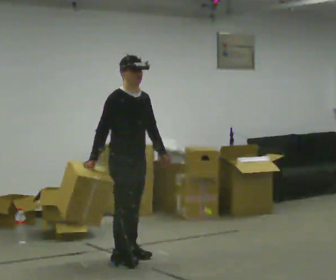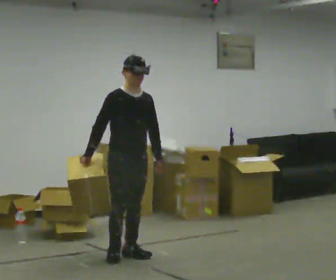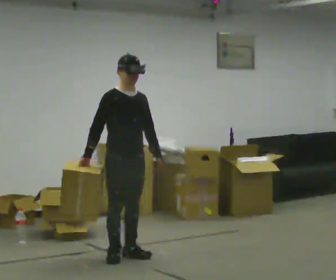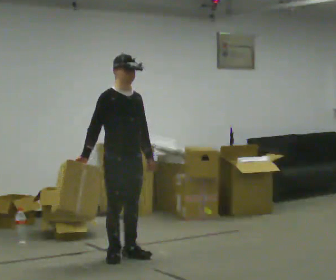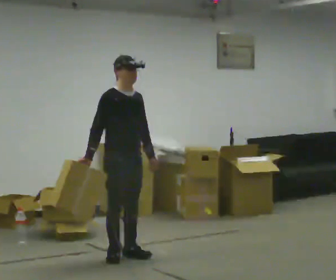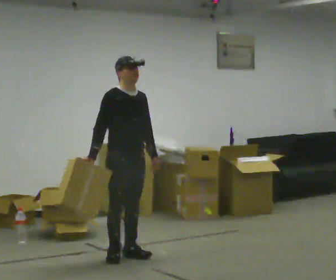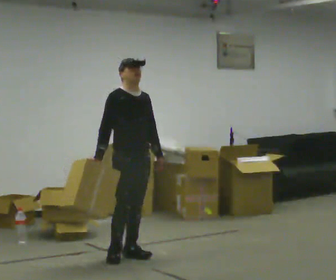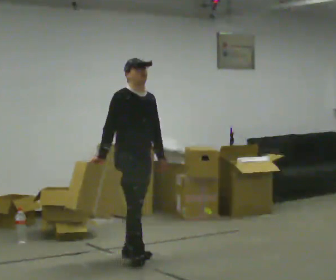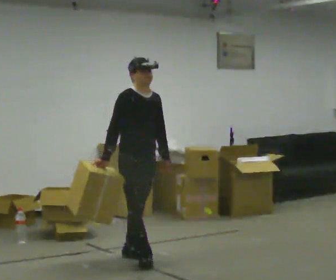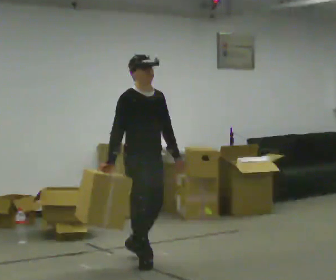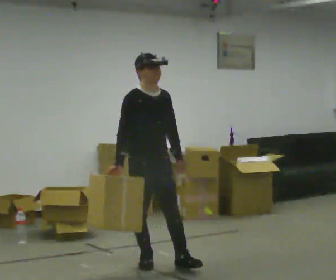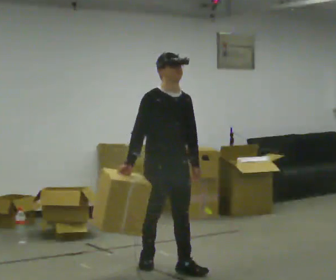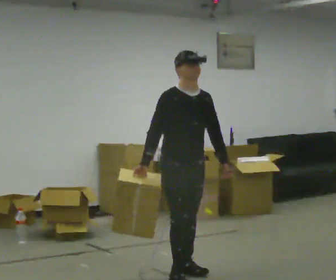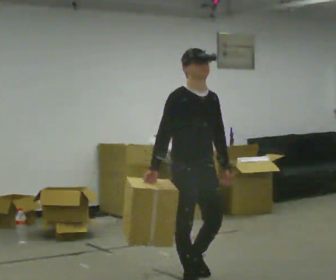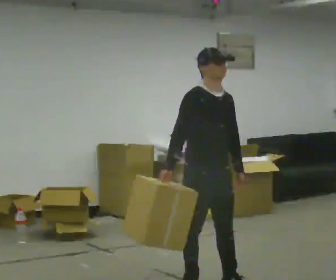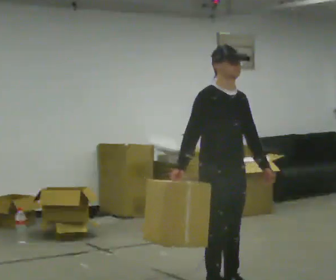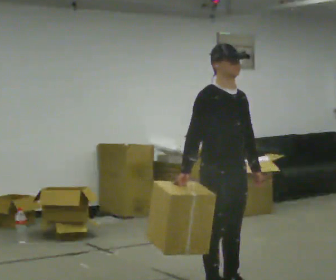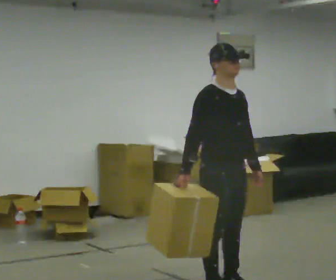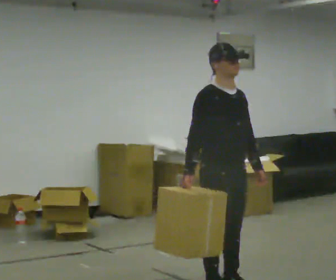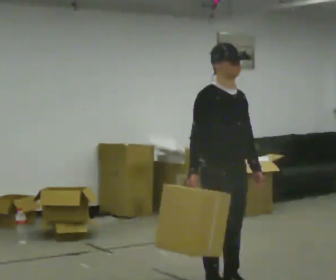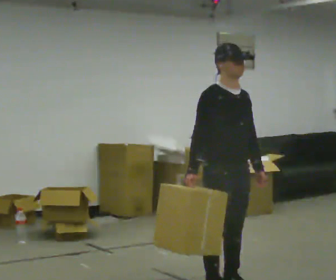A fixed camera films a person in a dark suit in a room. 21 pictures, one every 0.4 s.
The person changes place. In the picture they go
toward the camera.
0.0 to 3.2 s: The person moves a little, or ends about where they began.
3.2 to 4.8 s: In the picture they go toward the camera and to the right, about 0.75 m in 1 step, which for them is forward.
4.8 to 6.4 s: In the picture they go toward the camera and to the right, about 0.5 m in 3 steps, which for them is forward.
6.4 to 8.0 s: The person moves a little, or ends about where they began.
The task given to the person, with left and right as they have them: Carry the box across the room, stopping and starting again each time the operator says stop and go. Do not set the box down.
The film runs forward here.
